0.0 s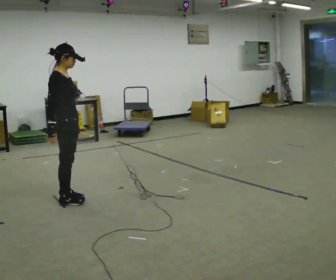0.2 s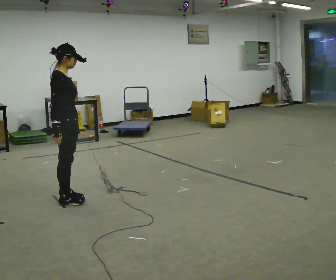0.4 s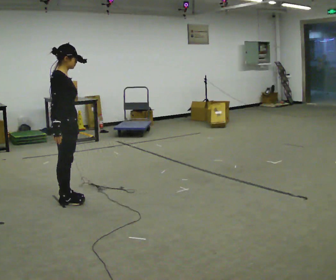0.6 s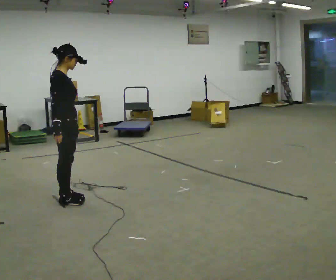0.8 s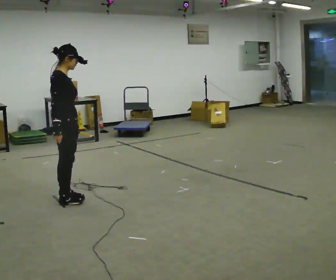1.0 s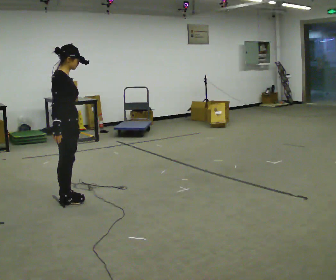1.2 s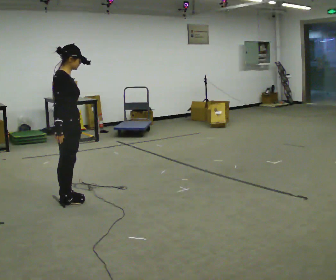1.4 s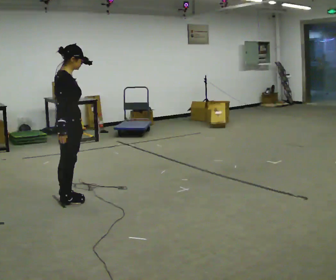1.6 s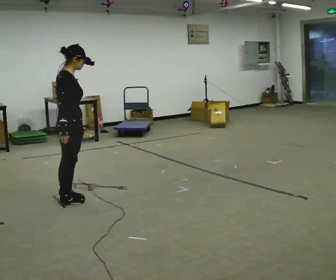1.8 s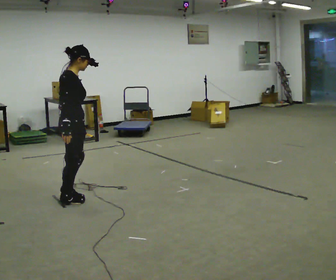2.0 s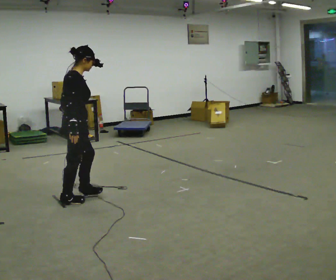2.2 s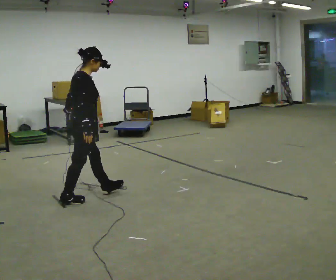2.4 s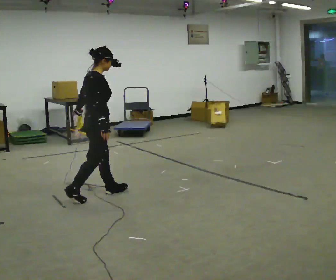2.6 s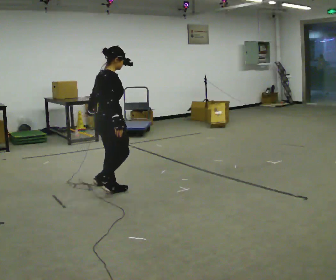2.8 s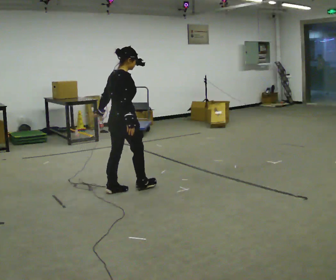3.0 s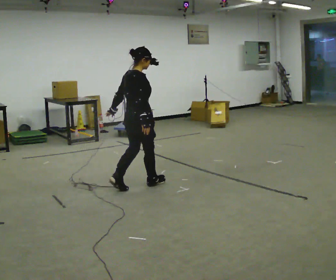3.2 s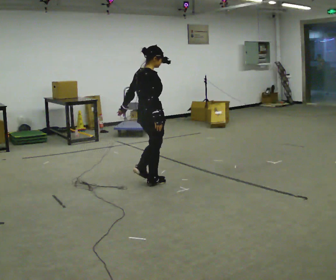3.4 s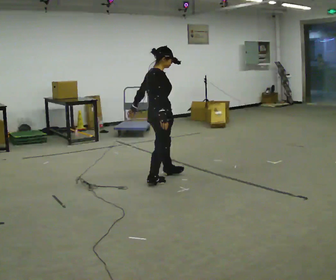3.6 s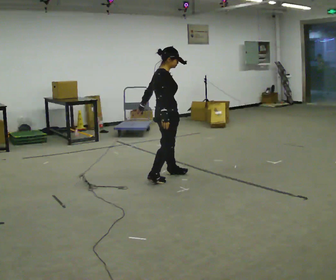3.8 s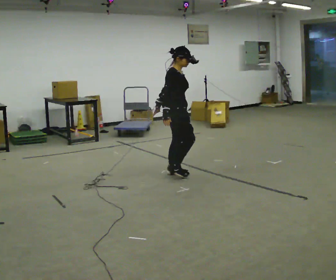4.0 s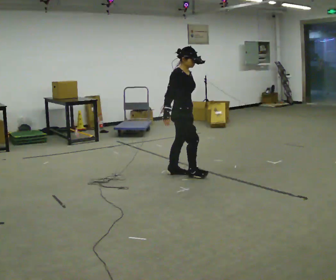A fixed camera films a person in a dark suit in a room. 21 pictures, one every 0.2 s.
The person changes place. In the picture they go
to the right.
0.0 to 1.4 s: The person moves a little, or ends about where they began.
1.4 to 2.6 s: In the picture they go to the right and away from the camera, about 0.5 m in 1 step, which for them is forward.
2.6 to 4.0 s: Seen from above the body turns clockwise, about 60 degrees: to their right, with its near side sliding to the left. In the picture they go to the right, about 1 m in 3 steps.
The film runs forward here.
